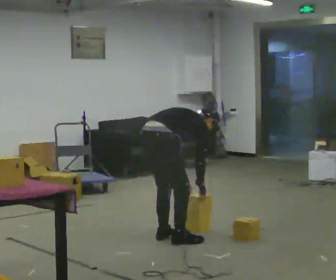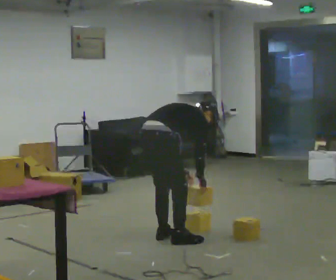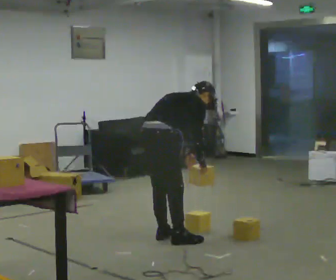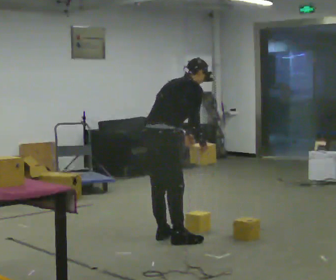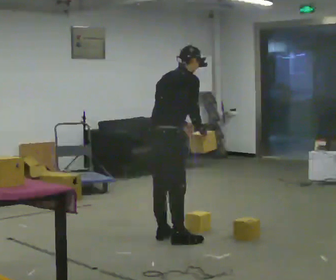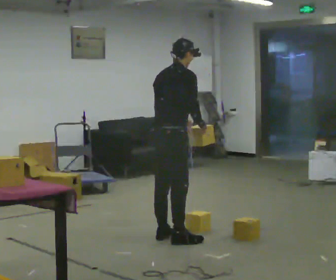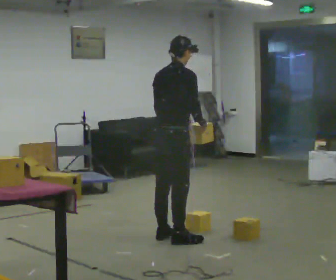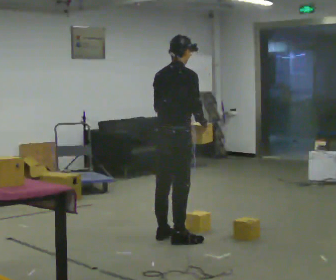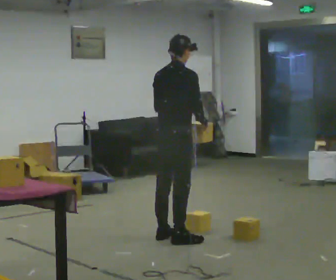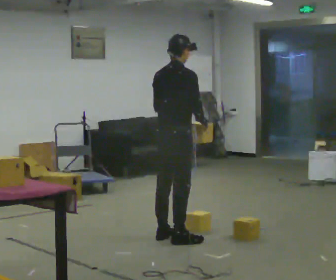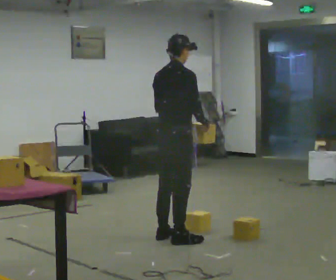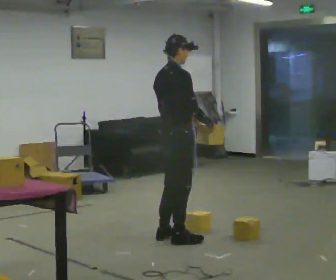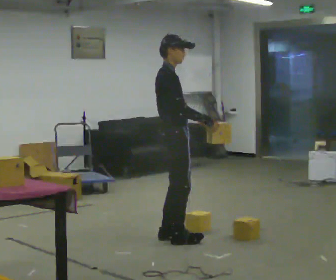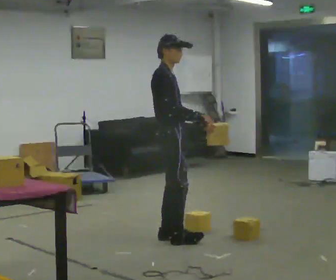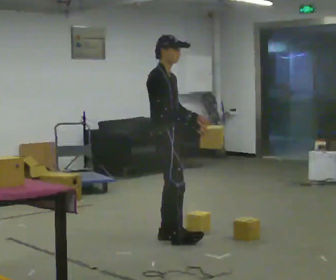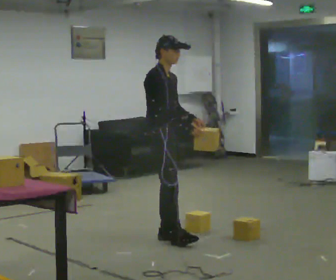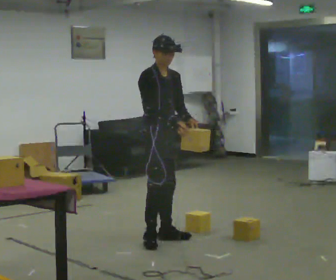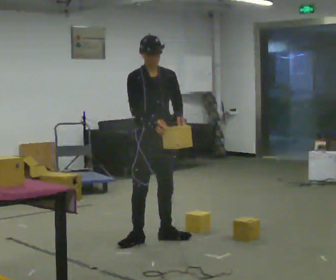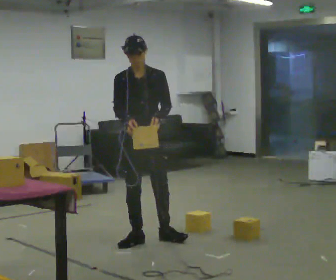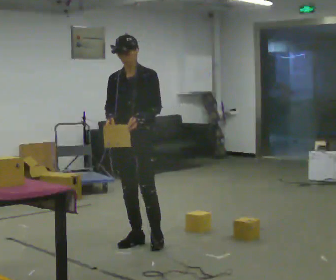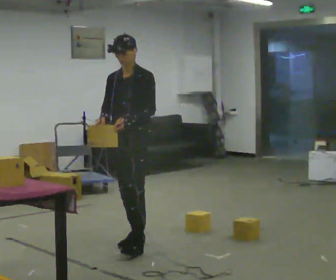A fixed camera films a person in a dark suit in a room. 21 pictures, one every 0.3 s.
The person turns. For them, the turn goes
to their right.
The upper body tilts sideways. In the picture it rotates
counterclockwise.
0.0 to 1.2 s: The upper body goes upward. In the picture the upper body tilts counterclockwise, shoulders to the left, as they lean back or straighten. In the picture their left hand goes upward.
1.2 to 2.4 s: In the picture the upper body tilts counterclockwise, shoulders to the left, as they lean back or straighten.
2.4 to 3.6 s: The person turns about 45 degrees to their right, clockwise seen from above, so the part of the body nearest the lens slides to the left.
3.6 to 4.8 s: The person turns about 45 degrees to their right, clockwise seen from above, so the part of the body nearest the lens slides to the left.
4.8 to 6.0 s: Seen from above the body turns clockwise, about 75 degrees: to their right, with its near side sliding to the left. In the picture they go toward the camera and to the left, about 0.25 m in 1 step.
The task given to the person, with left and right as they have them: Carry the box over and put it on the shelf with the label facing out towards you. Get the orientation right, not just the position. Keep going until the operator says stop; one object at a time, and do not rush between trips.
The film runs forward here.
